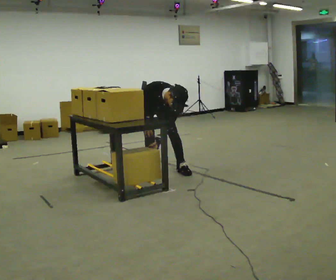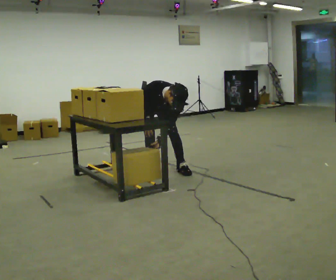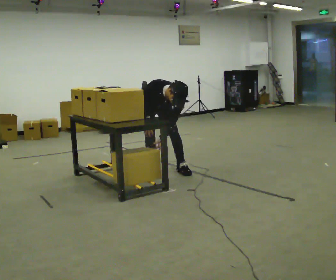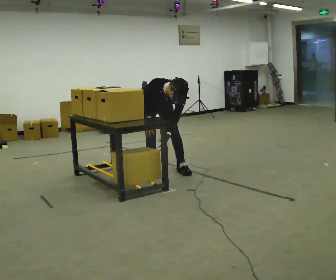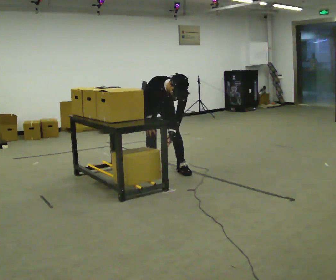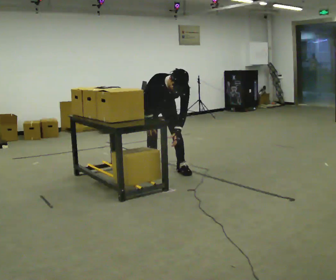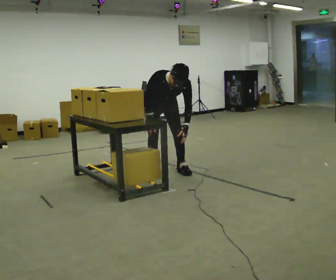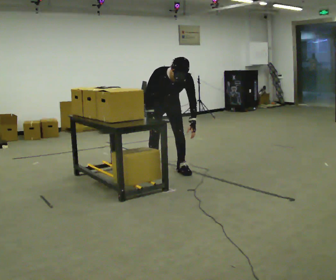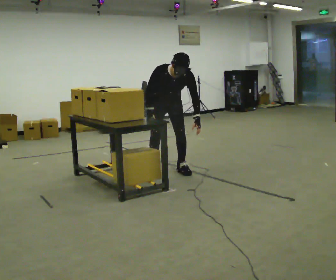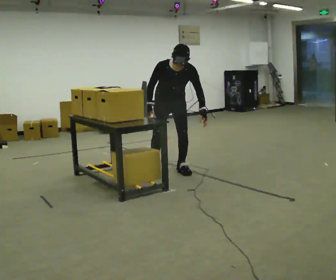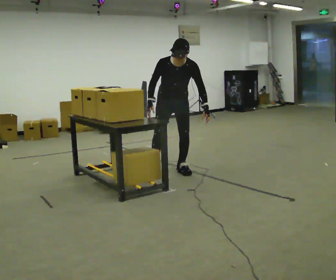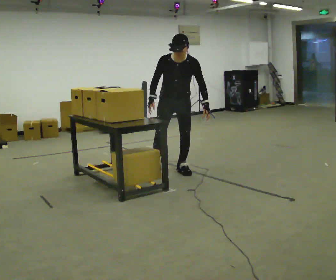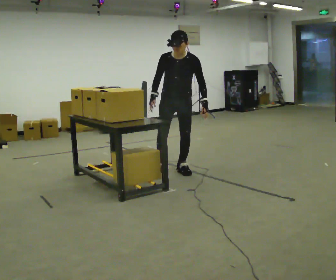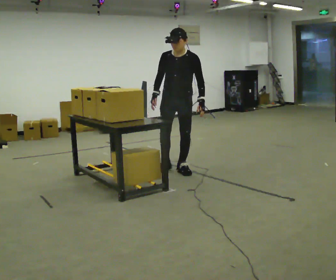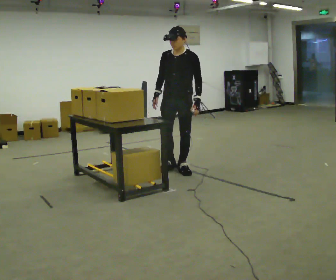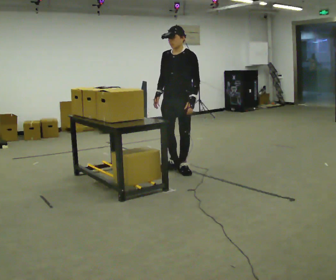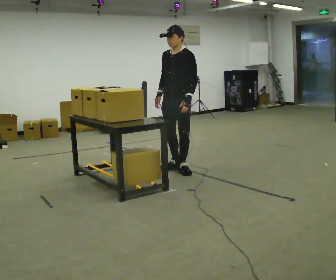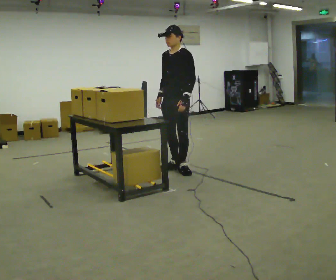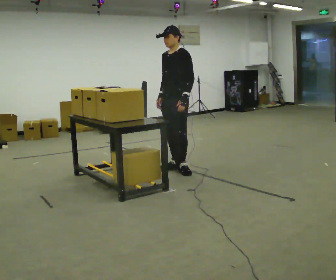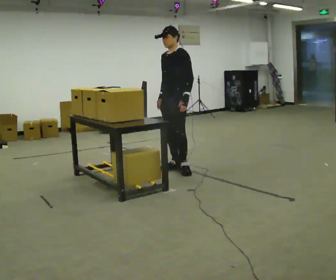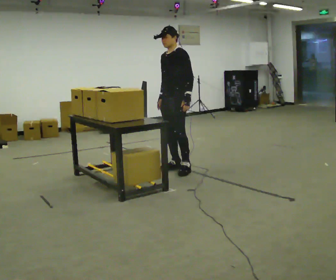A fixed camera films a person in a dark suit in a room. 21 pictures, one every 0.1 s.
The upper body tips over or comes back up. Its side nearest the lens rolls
upward.
The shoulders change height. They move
upward.
0.0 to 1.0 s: In the picture they go to the right, about 0.25 m, which for them is to their left. The upper body goes upward. The upper body tips away from the camera, its near side rolling upward, as they lean back or straighten. In the picture their left hand goes to the right and upward.
1.0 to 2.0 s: Seen from above the body turns clockwise, about 60 degrees: to their right, with its near side sliding to the left. The upper body tips away from the camera, its near side rolling upward, as they lean back or straighten.
The film runs forward here.
